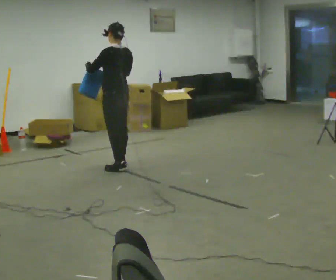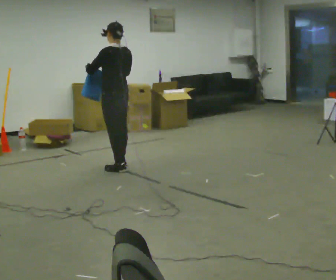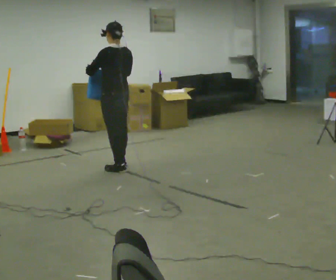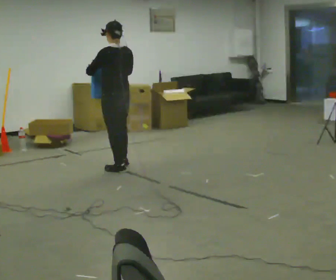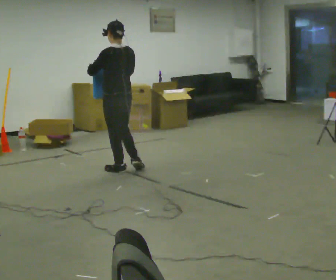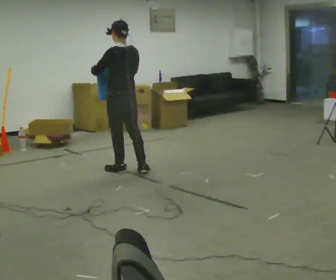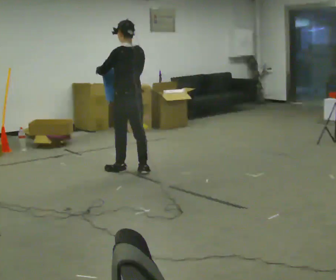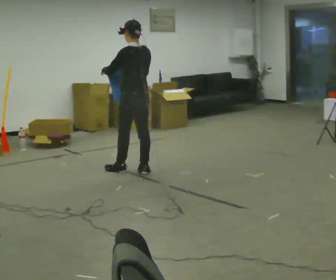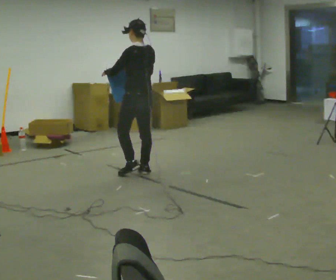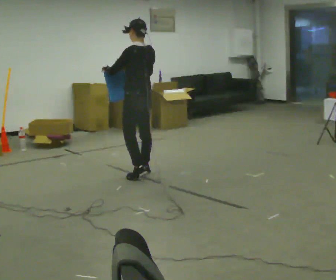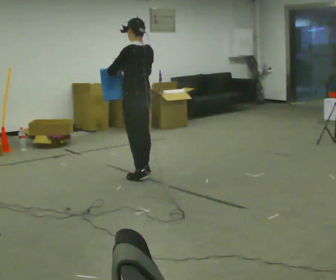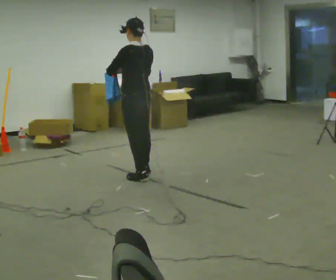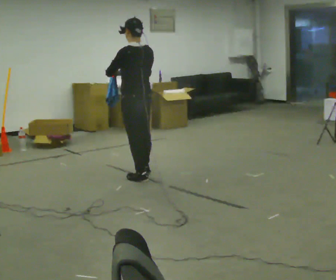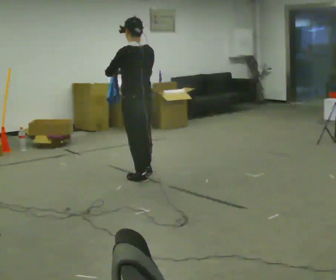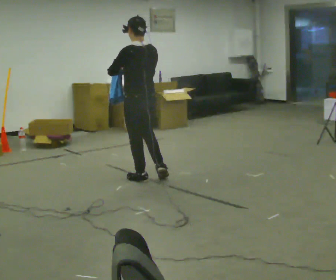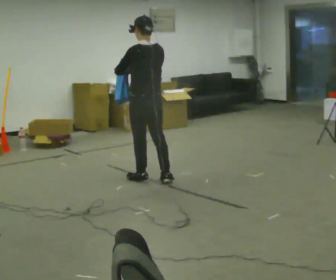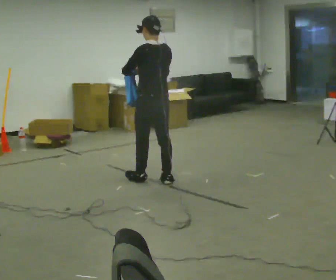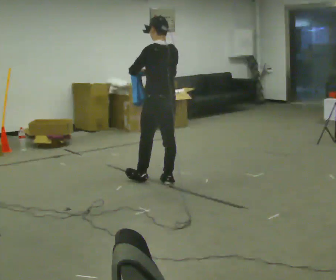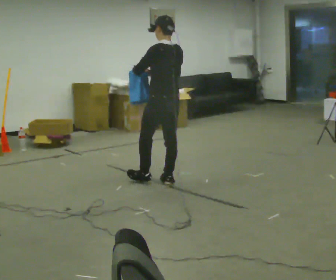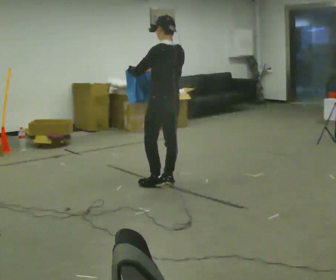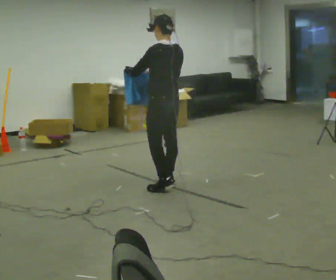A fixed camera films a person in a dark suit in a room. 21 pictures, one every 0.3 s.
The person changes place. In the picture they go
toward the camera.
0.0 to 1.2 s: In the picture they go toward the camera, about 0.25 m in 1 step, which for them is backward and to their left.
1.2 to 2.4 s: In the picture they go to the right, about 0.25 m in 1 step, which for them is backward and to their right.
2.4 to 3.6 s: In the picture they go toward the camera, about 0.25 m, which for them is to their left and backward.
3.6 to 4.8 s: In the picture they go to the right, about 0.25 m in 1 step, which for them is backward.
4.8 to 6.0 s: The person moves a little, or ends about where they began.
The film runs backward here.
